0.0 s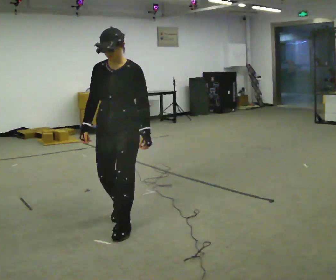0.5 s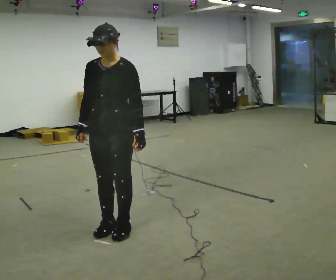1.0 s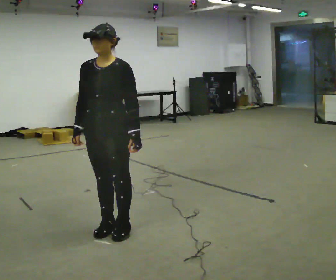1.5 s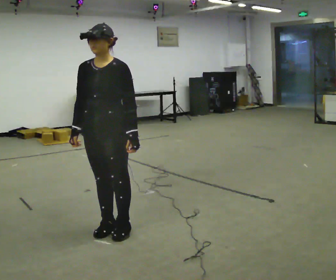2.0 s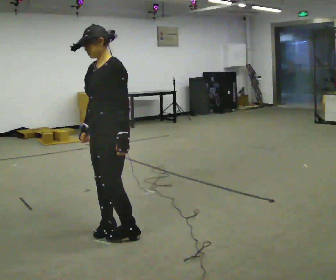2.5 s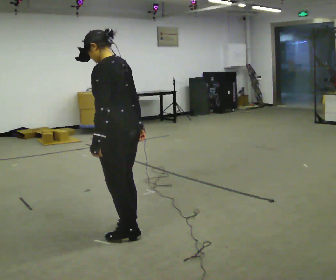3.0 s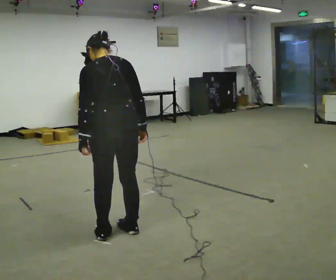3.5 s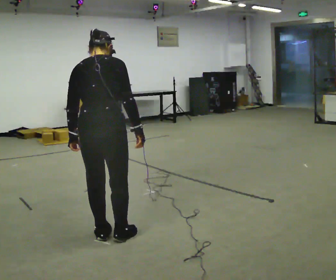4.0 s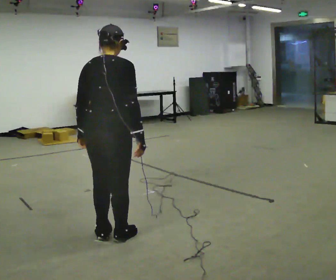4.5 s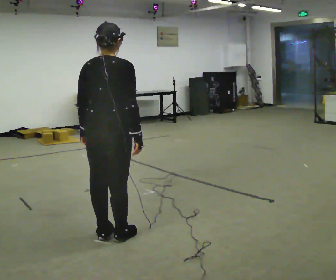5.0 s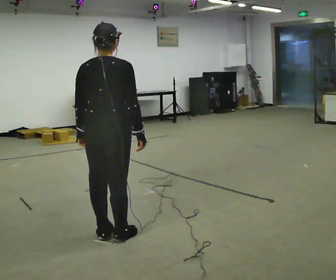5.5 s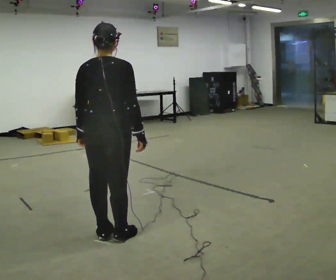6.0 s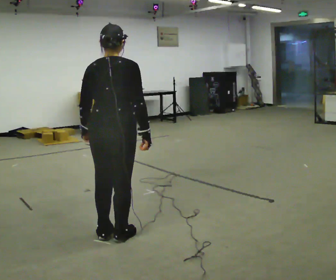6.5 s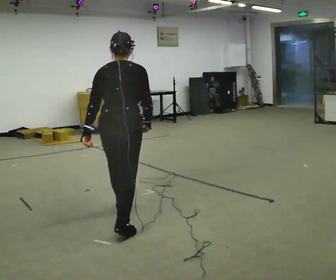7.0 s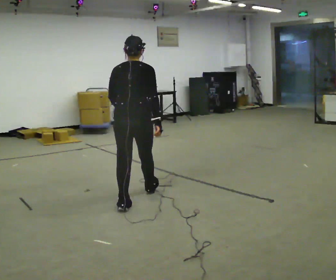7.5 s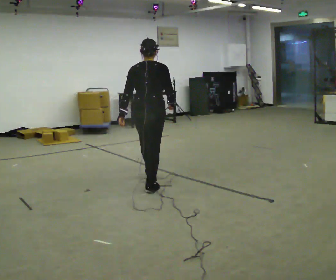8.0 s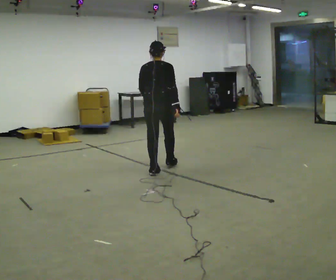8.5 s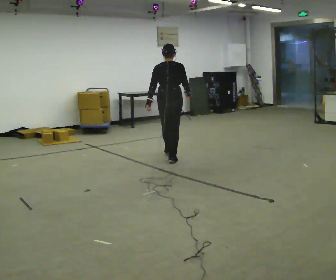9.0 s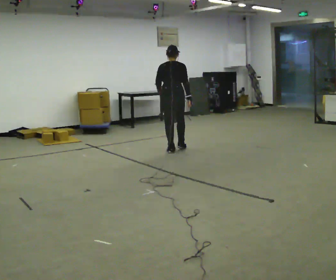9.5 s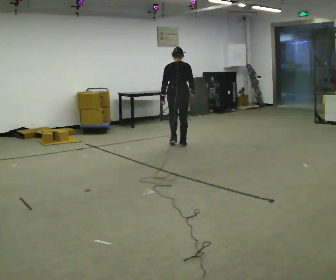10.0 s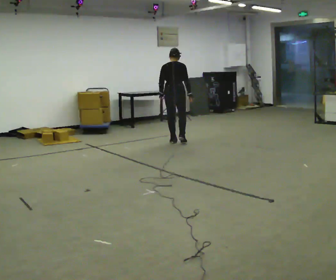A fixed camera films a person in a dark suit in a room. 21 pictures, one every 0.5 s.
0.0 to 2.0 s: The person turns about 30 degrees to their right, clockwise seen from above, so the part of the body nearest the lens slides to the left. In the picture they go toward the camera, about 0.25 m in 2 steps, which for them is forward.
2.0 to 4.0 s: Seen from above the body turns clockwise, about 150 degrees: to their right, with its near side sliding to the left. In the picture their right hand goes to the right.
4.0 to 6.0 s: The person moves a little, or ends about where they began.
6.0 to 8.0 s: In the picture they go away from the camera, about 2 m in 3 steps, which for them is forward.
8.0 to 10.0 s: In the picture they go away from the camera, about 1.5 m in 4 steps, which for them is forward.
The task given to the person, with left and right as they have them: Walk forward while moving diagonally left/right; finish ~45° from start direction.
The film runs forward here.
